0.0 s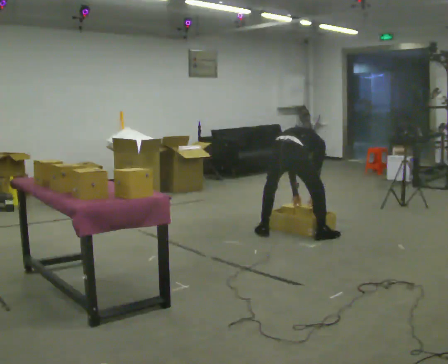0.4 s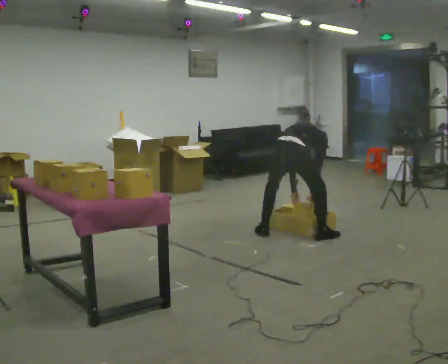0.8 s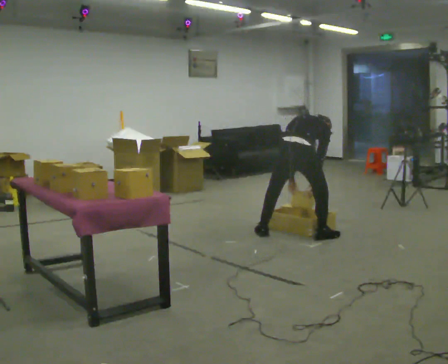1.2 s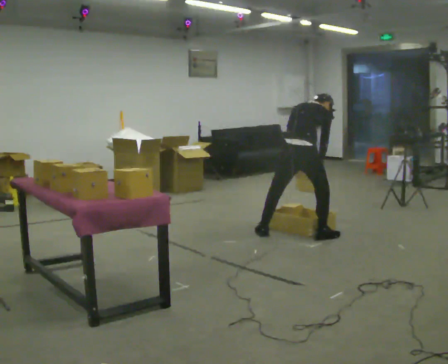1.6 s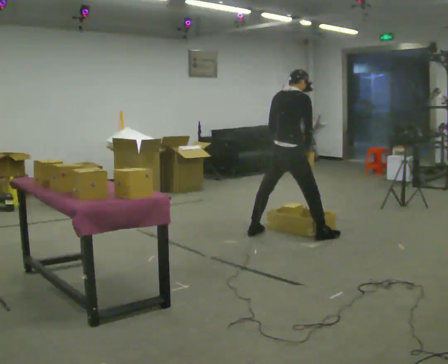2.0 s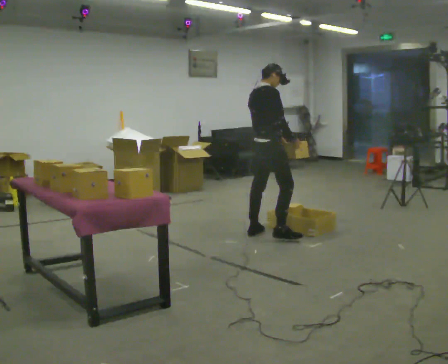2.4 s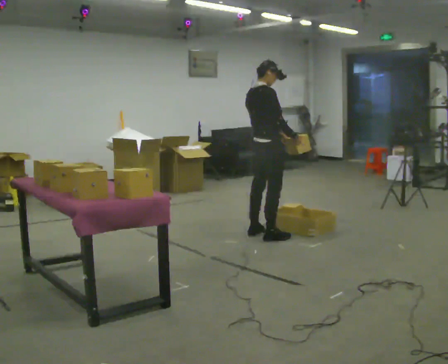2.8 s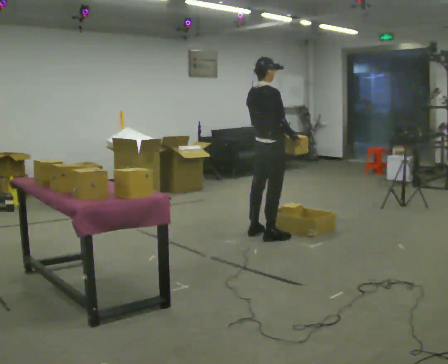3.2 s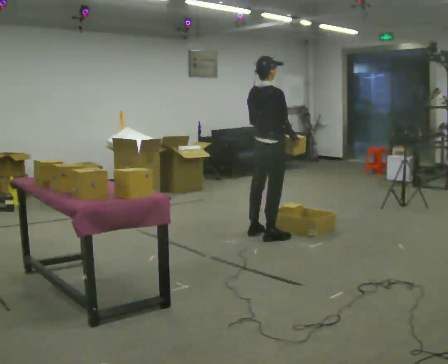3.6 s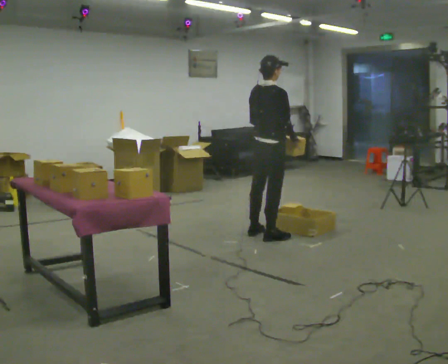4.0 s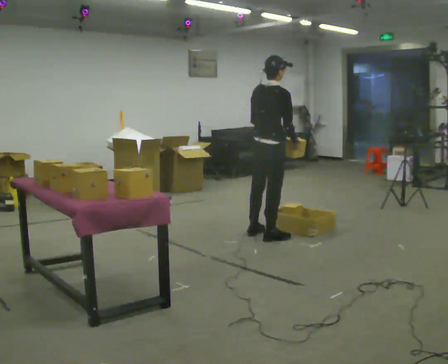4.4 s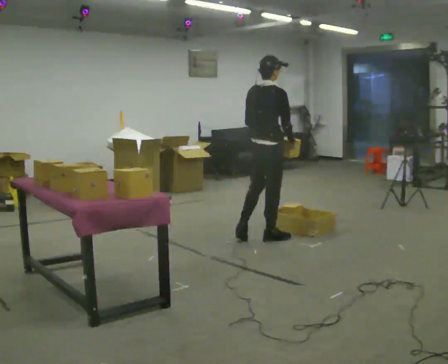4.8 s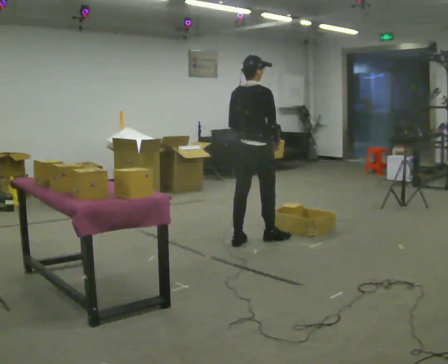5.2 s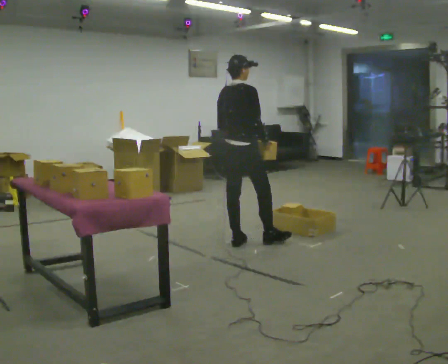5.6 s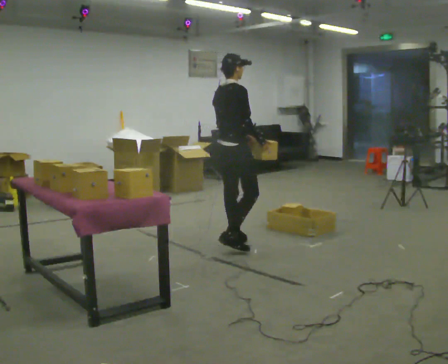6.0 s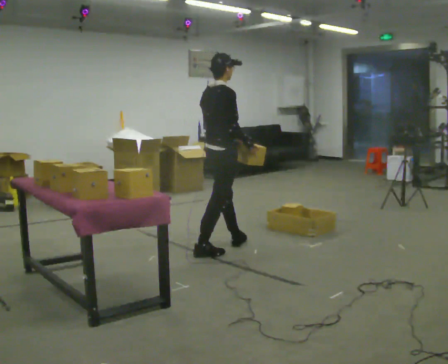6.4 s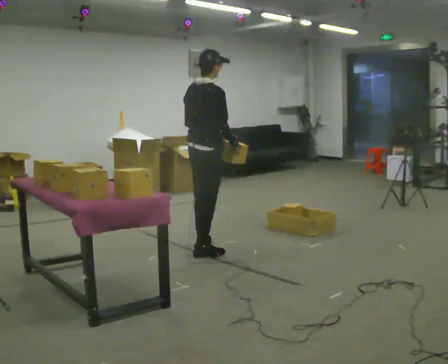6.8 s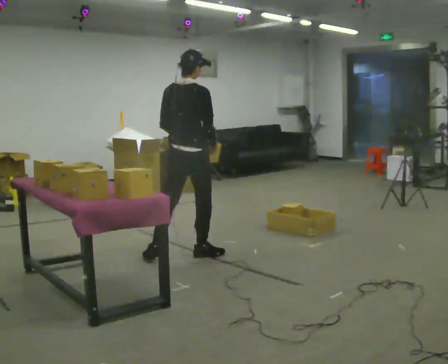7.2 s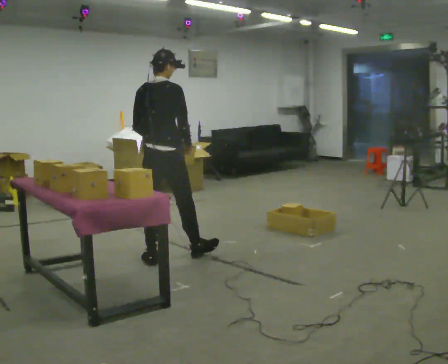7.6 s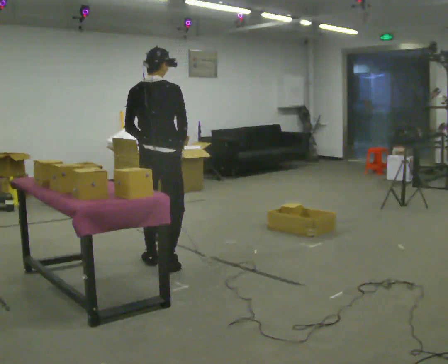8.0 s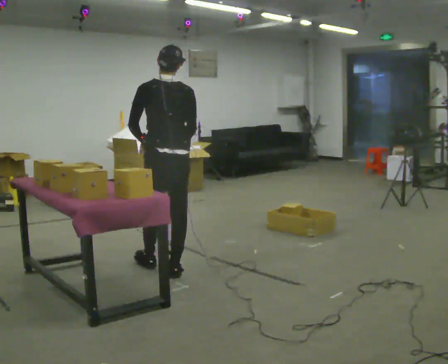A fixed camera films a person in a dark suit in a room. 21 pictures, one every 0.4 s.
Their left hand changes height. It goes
upward.
The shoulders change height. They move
upward.
0.0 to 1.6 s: The shoulders move upward. The upper body tips toward the camera, its near side rolling downward, as they lean back or straighten. In the picture their left hand goes upward.
1.6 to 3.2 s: In the picture they go to the left, about 0.25 m in 1 step, which for them is backward. The upper body tips toward the camera, its near side rolling downward, as they lean back or straighten.
3.2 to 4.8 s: In the picture they go toward the camera and to the left, about 0.25 m in 1 step, which for them is backward.
4.8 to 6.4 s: In the picture they go to the left and toward the camera, about 0.5 m in 2 steps, which for them is backward.
6.4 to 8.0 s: The part of the body nearest the lens slides to the right as the person turns to their left by about 60 degrees. In the picture they go toward the camera and to the left, about 0.5 m in 2 steps, which for them is backward.
The film runs backward here.
